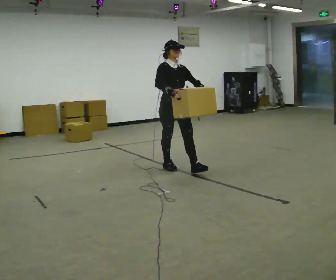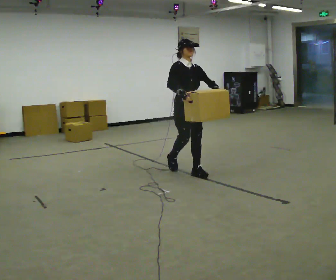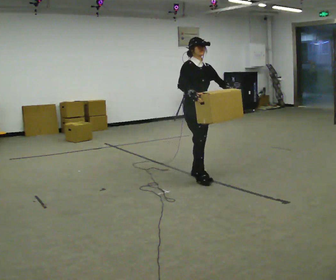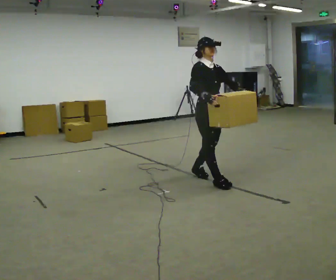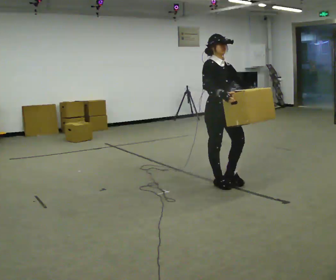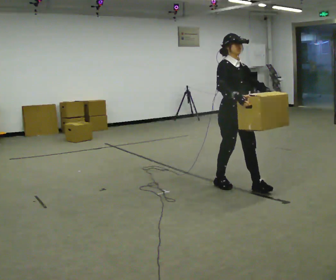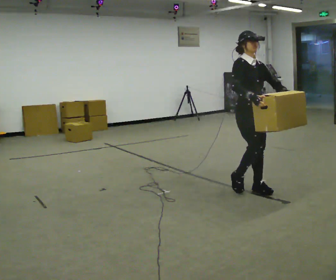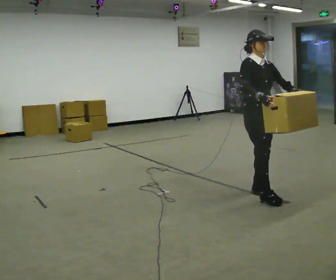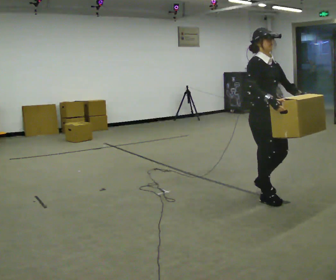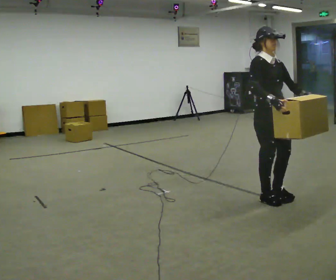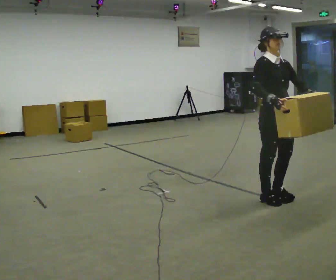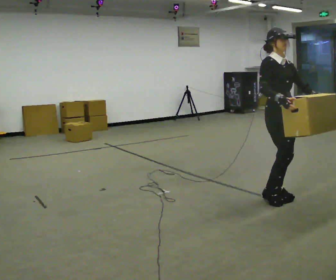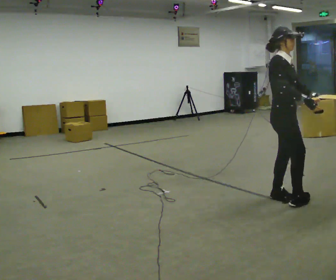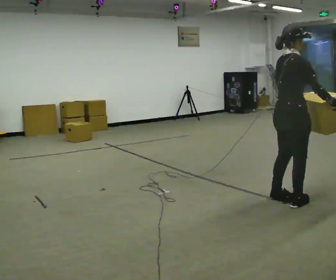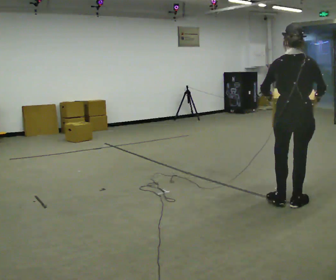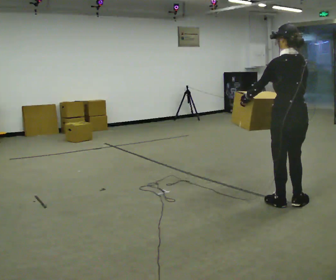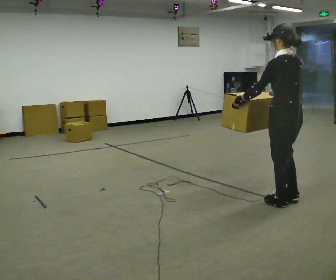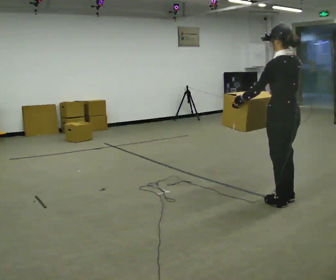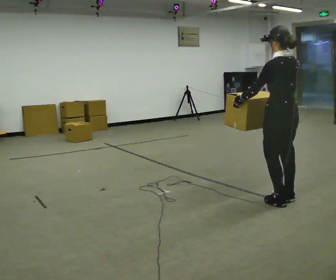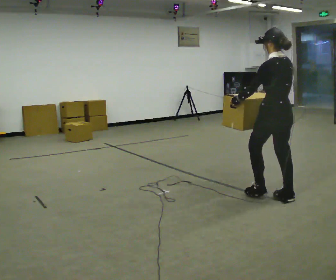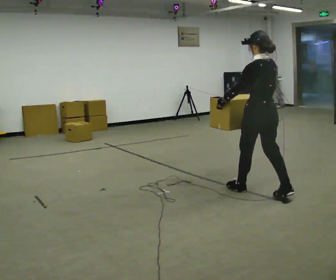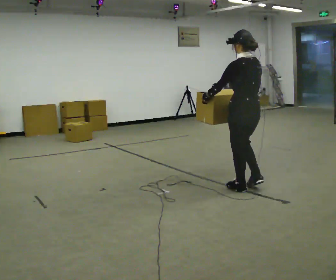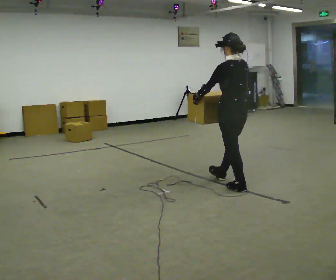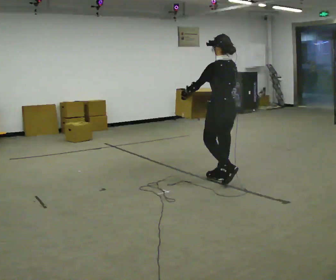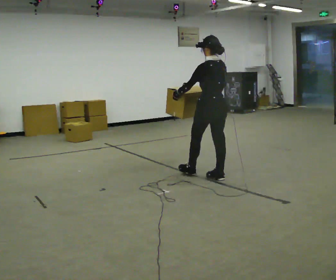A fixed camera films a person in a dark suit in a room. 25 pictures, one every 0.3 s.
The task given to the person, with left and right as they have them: Carry the heaviest box in both hands in front of you, walking back and forth across the room. Only carry what is comfortable. Set it down whenever you need to.
0.0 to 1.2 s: In the picture they go to the right and toward the camera, about 1 m in 2 steps, which for them is forward.
1.2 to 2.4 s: In the picture they go to the right and toward the camera, about 0.75 m in 2 steps, which for them is forward.
2.4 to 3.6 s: The part of the body nearest the lens slides to the right as the person turns to their left by about 30 degrees. In the picture they go to the right, about 0.25 m in 2 steps, which for them is forward.
3.6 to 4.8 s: Seen from above the body turns counterclockwise, about 150 degrees: to their left, with its near side sliding to the right. In the picture their right hand goes to the left.
4.8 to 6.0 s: In the picture they go away from the camera and to the left, about 0.5 m in 2 steps, which for them is forward.
6.0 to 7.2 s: In the picture they go to the left and away from the camera, about 1 m in 1 step, which for them is forward.
The film runs forward here.
